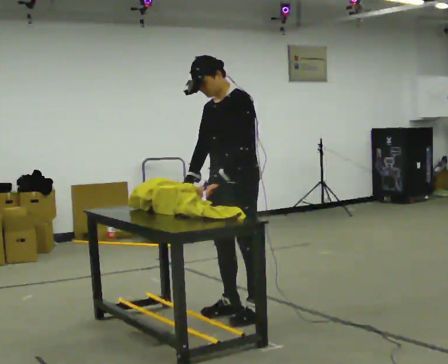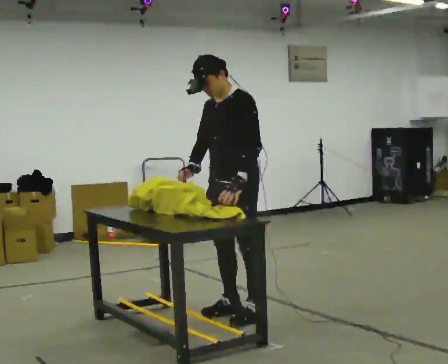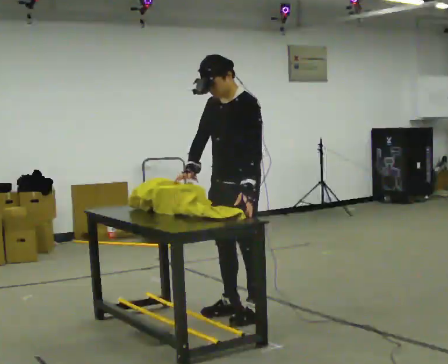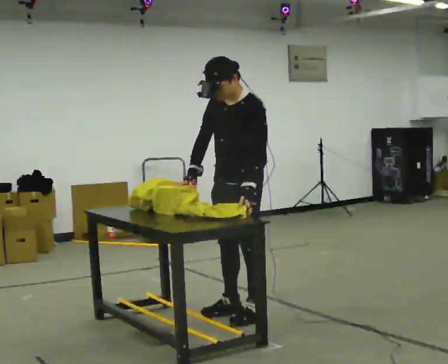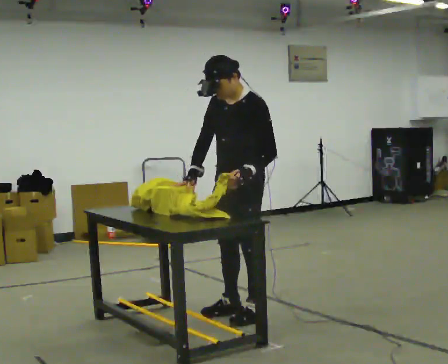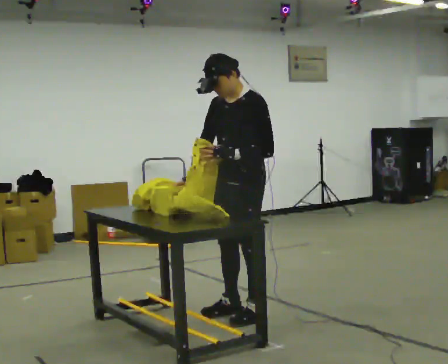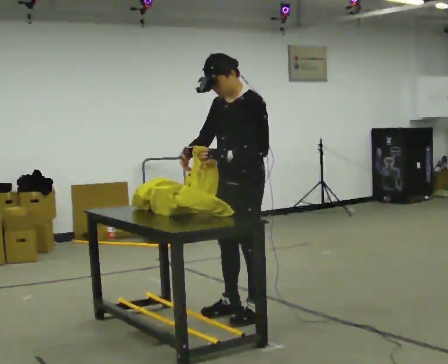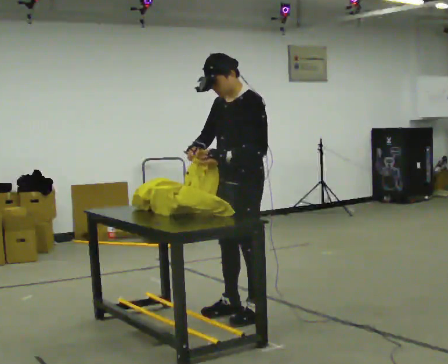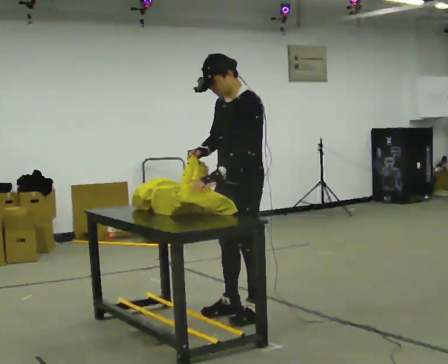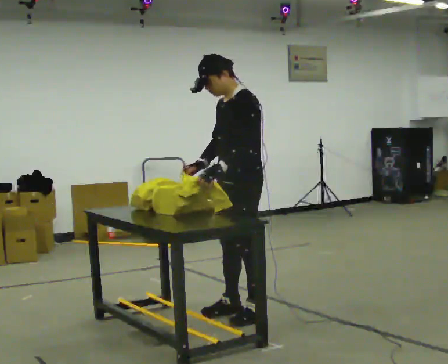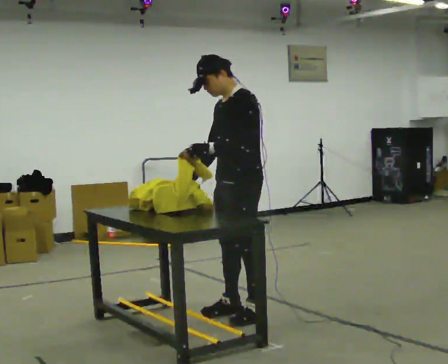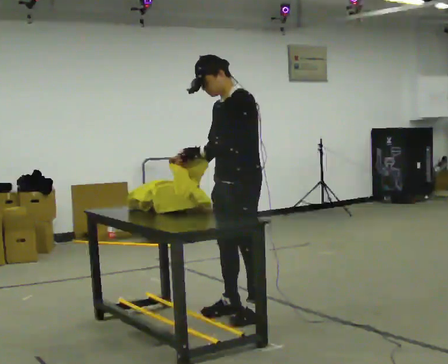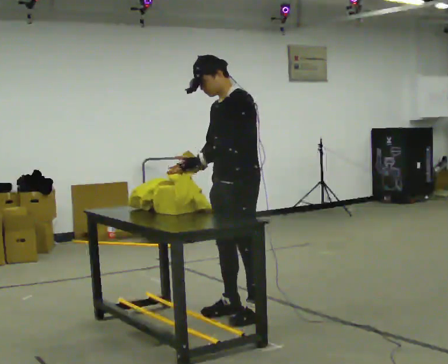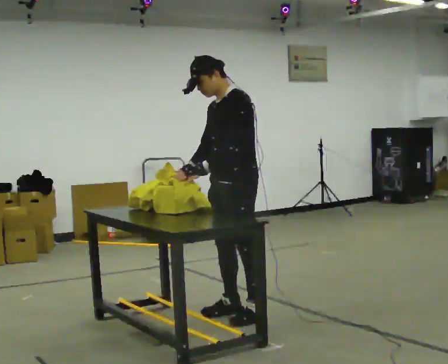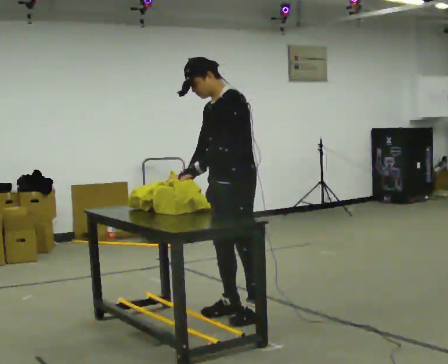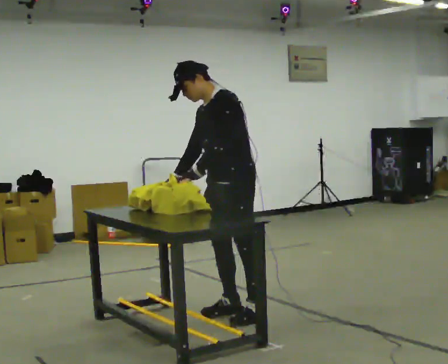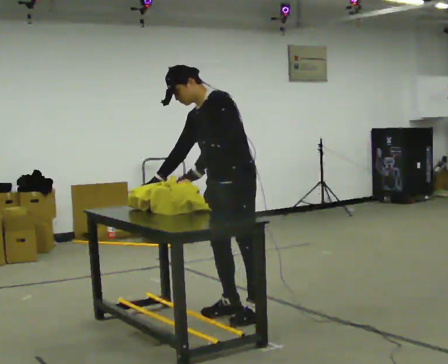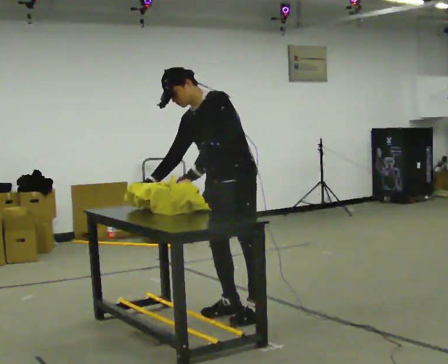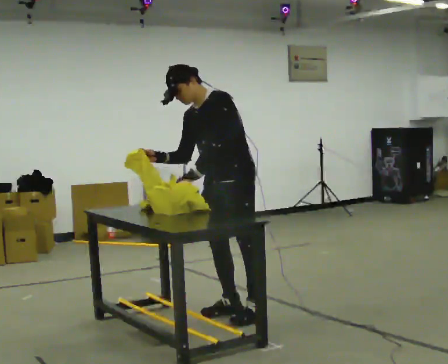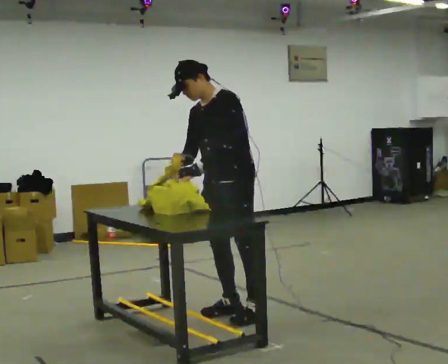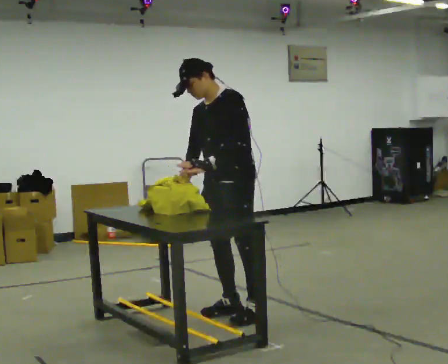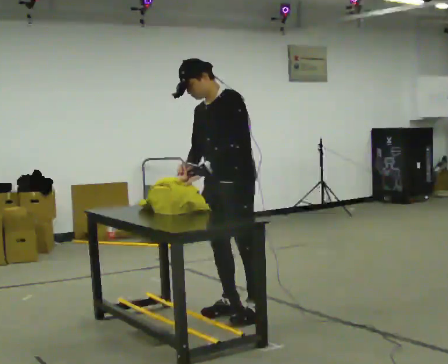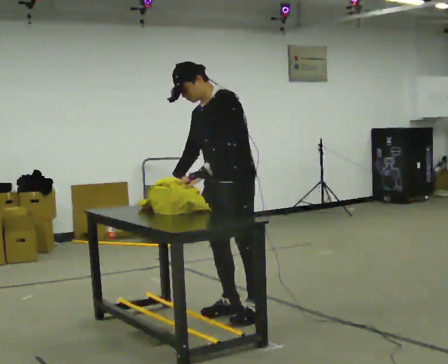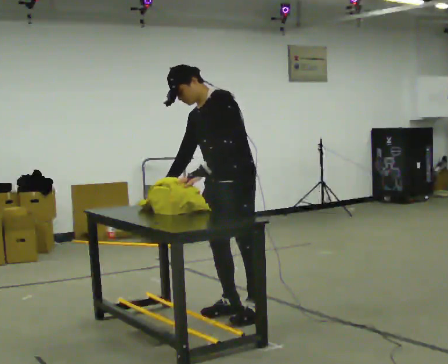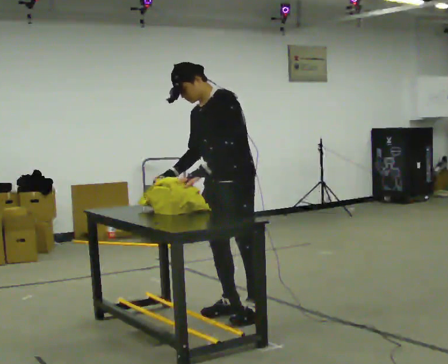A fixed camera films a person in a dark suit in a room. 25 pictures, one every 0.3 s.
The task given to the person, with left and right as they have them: Wrap the cloth around the object and tuck it in, then unwrap it. Repeat at your own pace until the operator says stop. Keep both feet on the marked spots for the whole take. If you have to step, stop and tell the operator.
0.0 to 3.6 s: The person moves a little, or ends about where they began.
3.6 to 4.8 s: In the picture the upper body tilts counterclockwise, shoulders to the left.
4.8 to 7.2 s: The person moves a little, or ends about where they began.
The film runs forward here.
